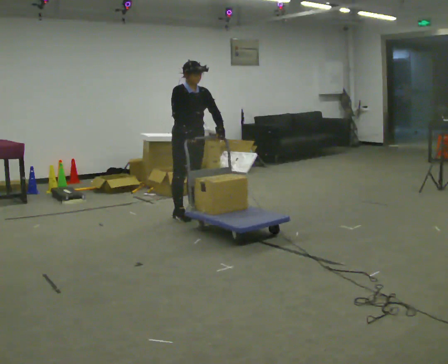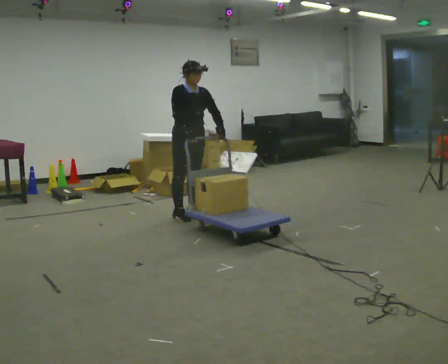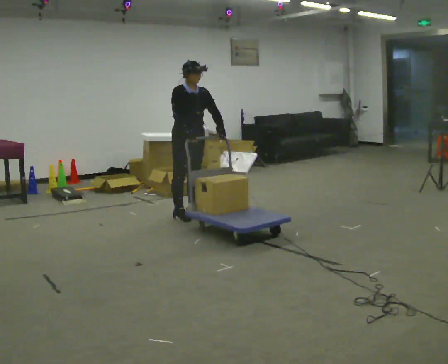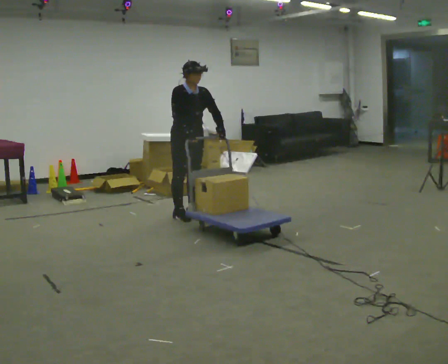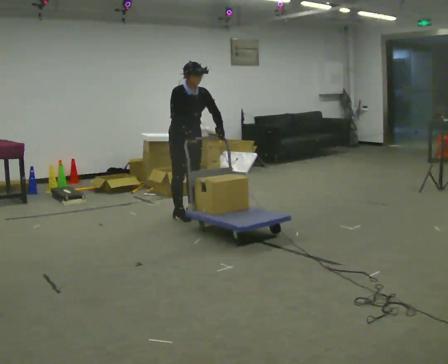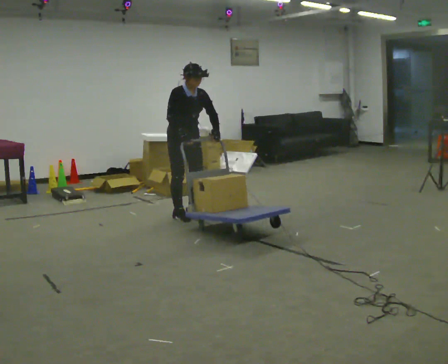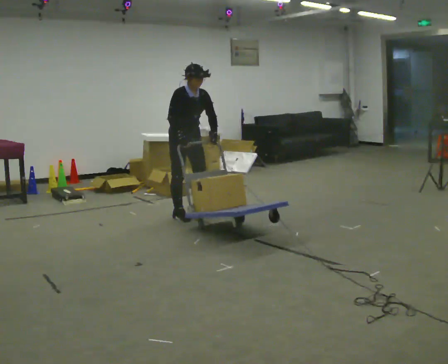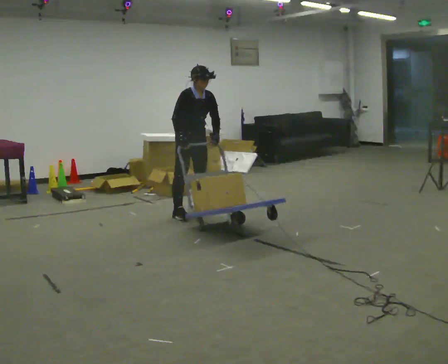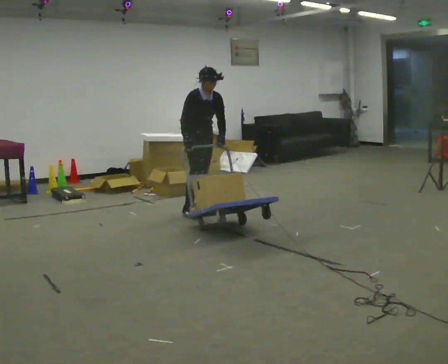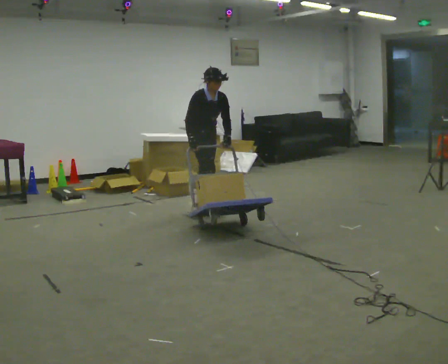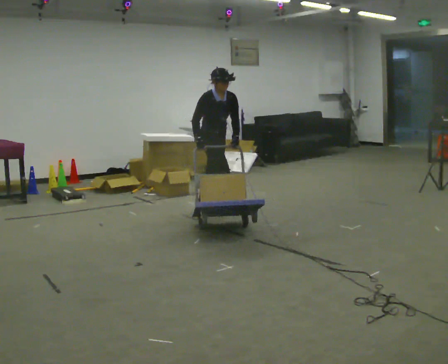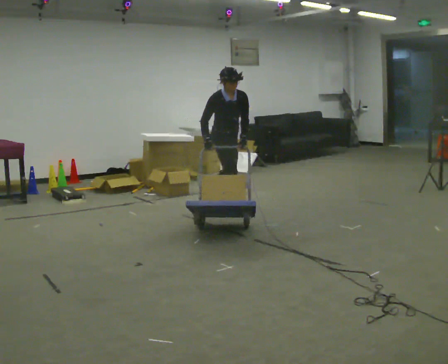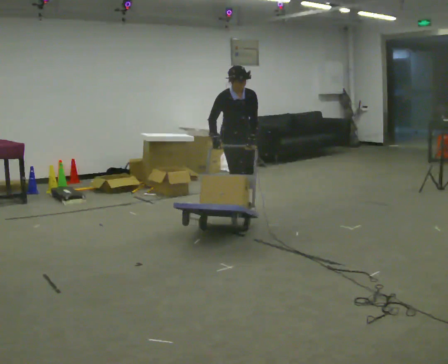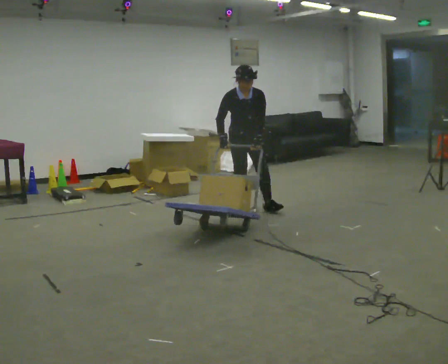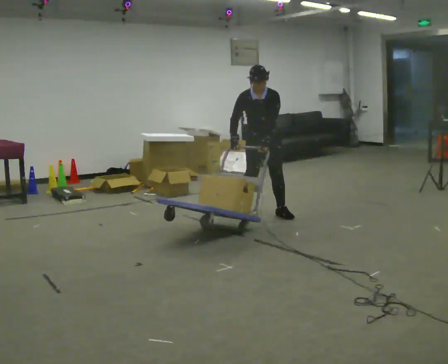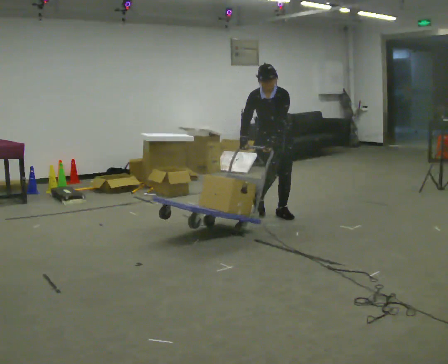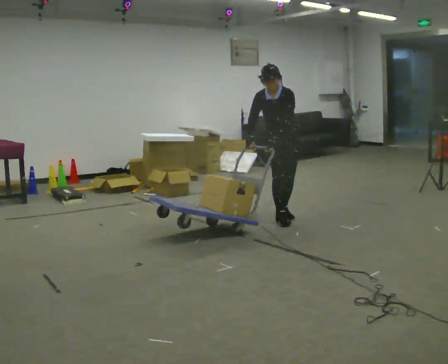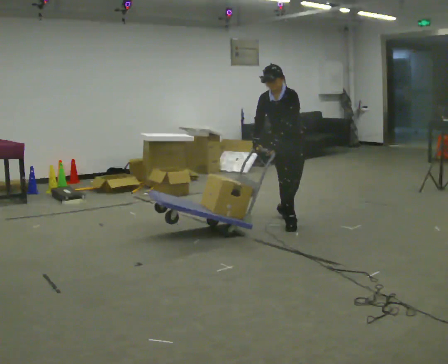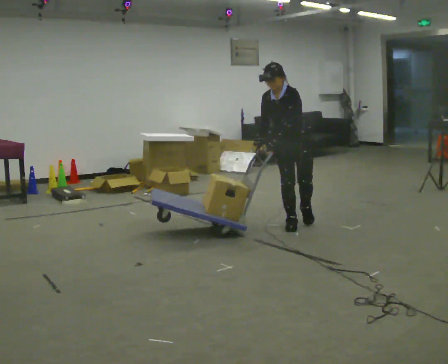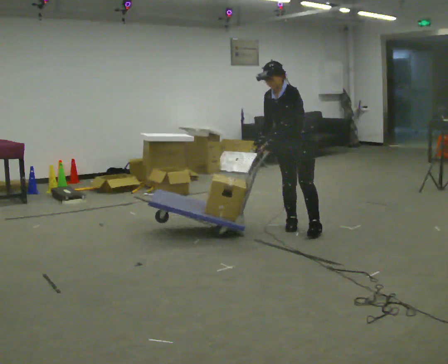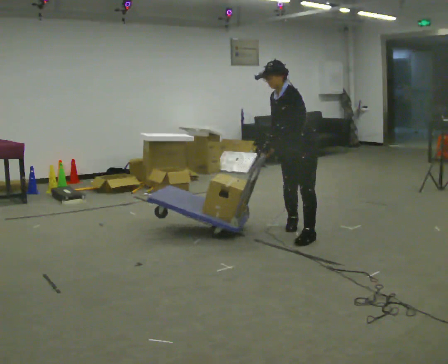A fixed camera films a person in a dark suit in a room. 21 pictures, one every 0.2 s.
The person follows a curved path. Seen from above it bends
clockwise.
The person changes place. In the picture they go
to the right.
0.0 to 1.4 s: In the picture they go away from the camera, about 0.25 m in 1 step, which for them is backward and to their left.
1.4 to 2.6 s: In the picture they go to the right, about 0.5 m in 1 step, which for them is forward and to their left.
2.6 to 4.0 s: The person turns about 90 degrees to their right, clockwise seen from above, so the part of the body nearest the lens slides to the left. In the picture they go toward the camera and to the right, about 1 m in 3 steps. In the picture the upper body tilts counterclockwise, shoulders to the left.
The film runs forward here.
